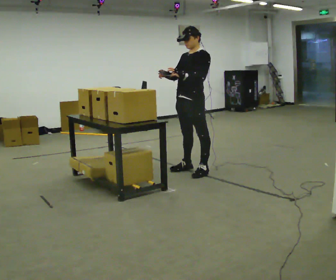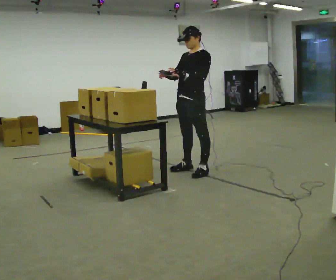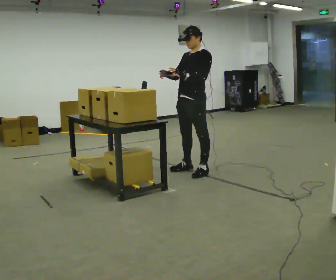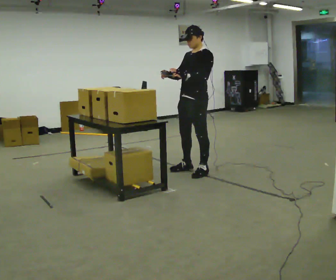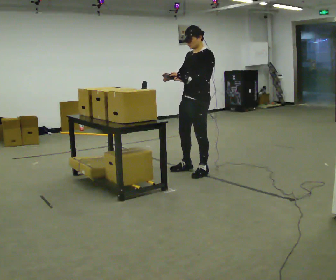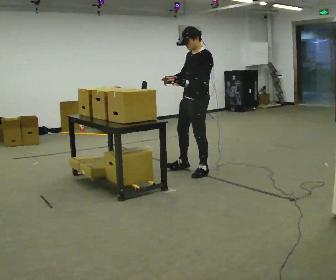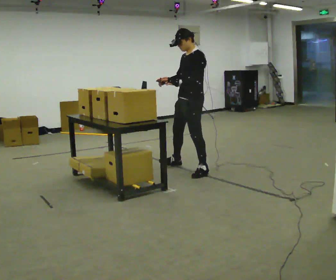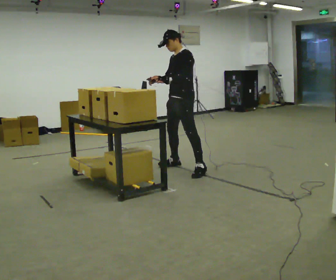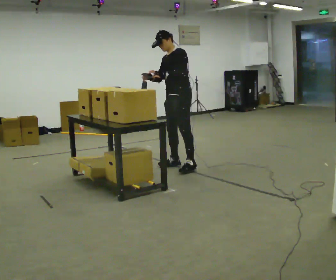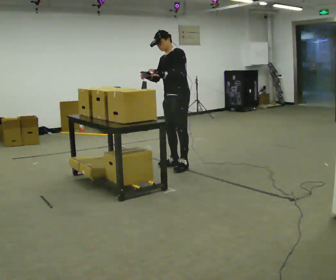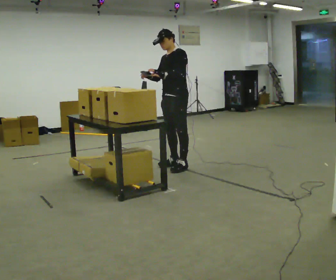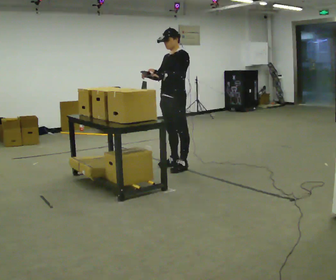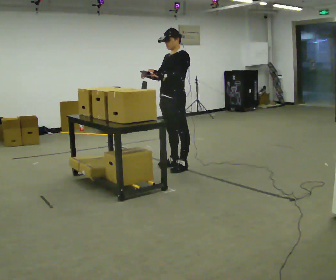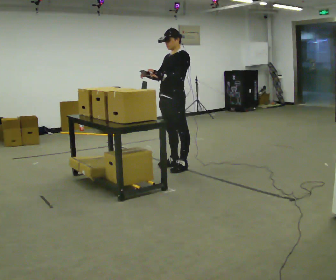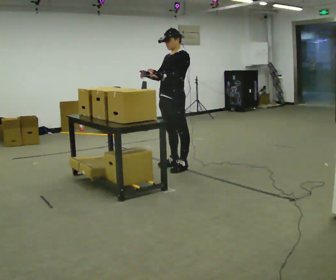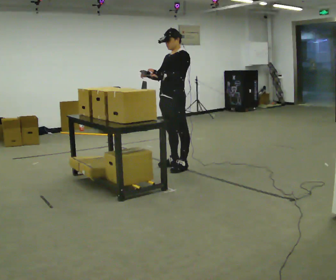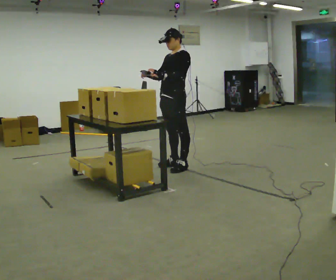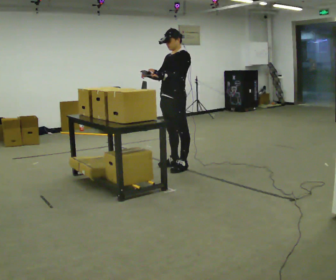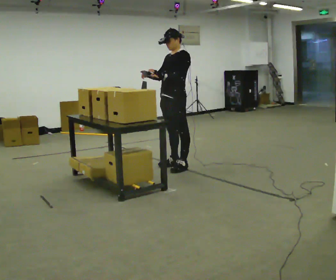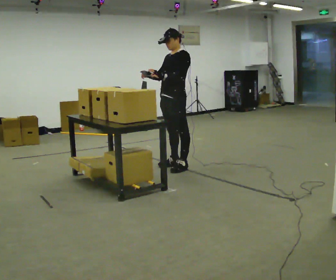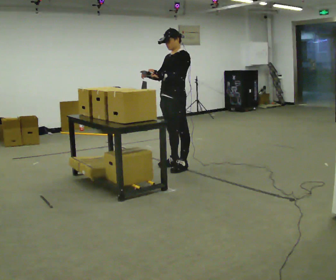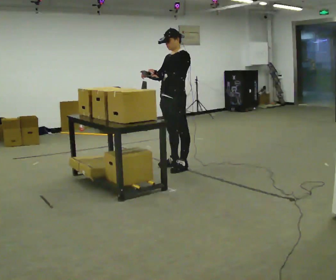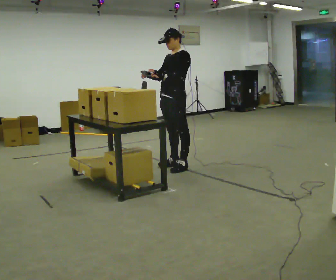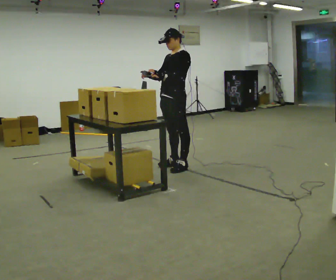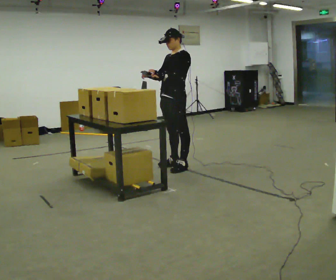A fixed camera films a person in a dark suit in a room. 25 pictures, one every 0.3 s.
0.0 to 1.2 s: The person moves a little, or ends about where they began.
1.2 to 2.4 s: In the picture they go away from the camera and to the left, about 0.5 m in 1 step, which for them is to their right. In the picture the upper body tilts counterclockwise, shoulders to the left.
2.4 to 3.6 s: In the picture the upper body tilts clockwise, shoulders to the right.
3.6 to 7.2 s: The person keeps their place and pose.
The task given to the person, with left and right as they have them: Point the scanner at each label on the shelf in front of you and press the button. Repeat at your own pace until the operator says stop. Keep both feet on the marked spots for the whole take. If you have to step, stop and tell the operator.
The film runs forward here.
